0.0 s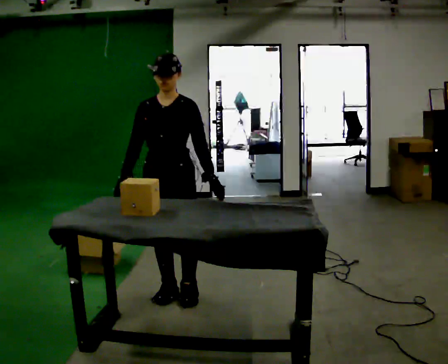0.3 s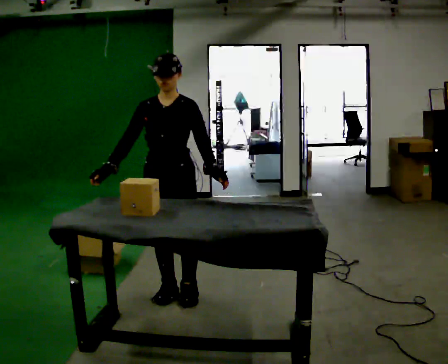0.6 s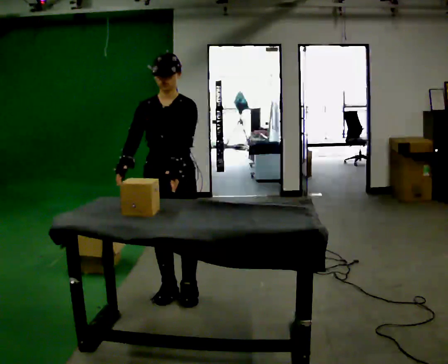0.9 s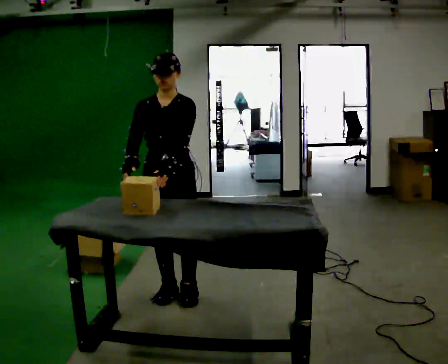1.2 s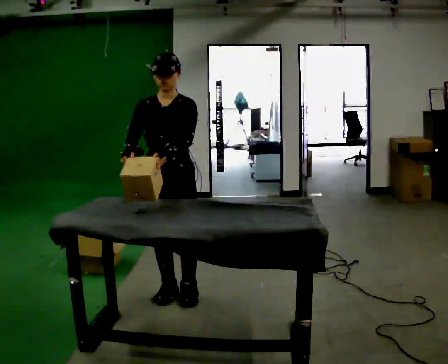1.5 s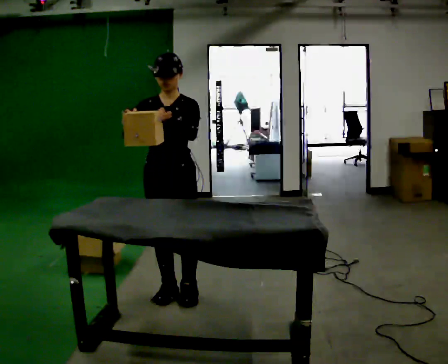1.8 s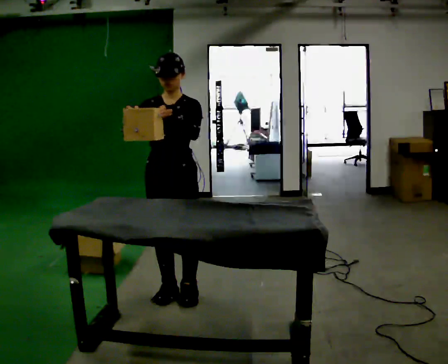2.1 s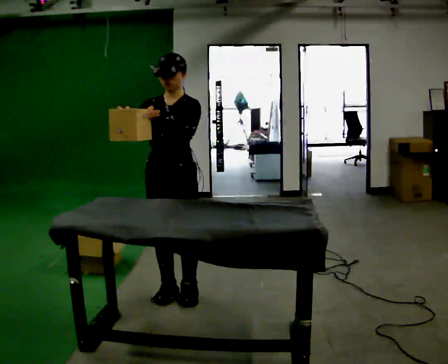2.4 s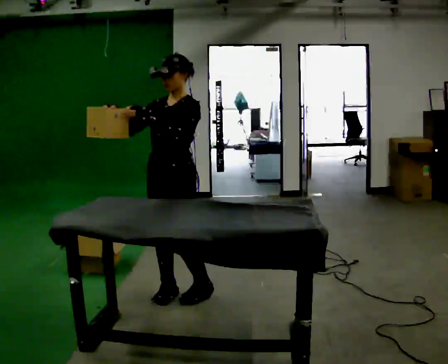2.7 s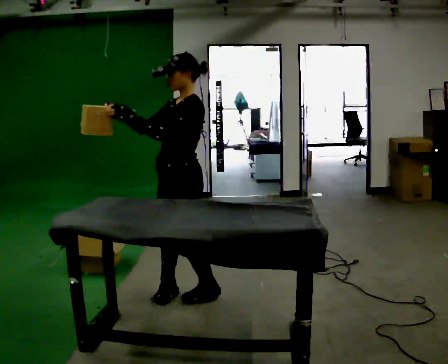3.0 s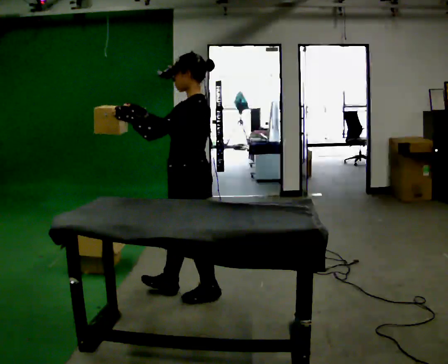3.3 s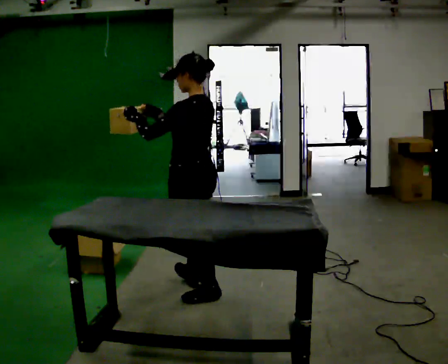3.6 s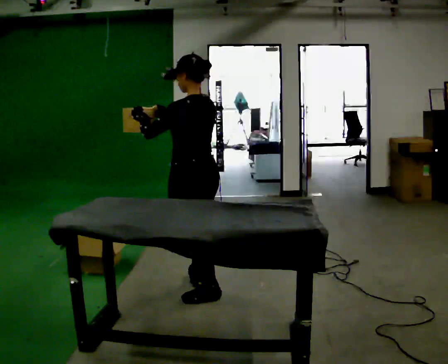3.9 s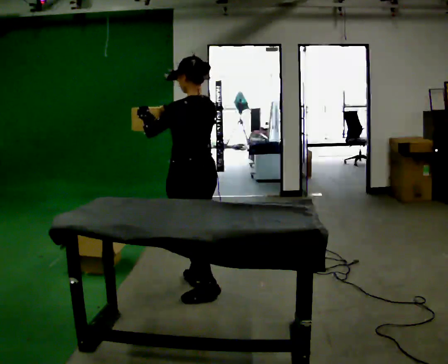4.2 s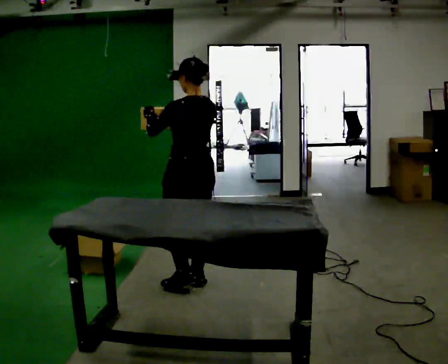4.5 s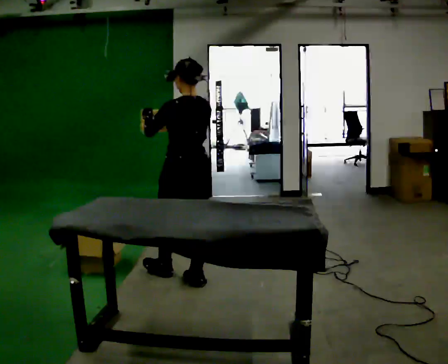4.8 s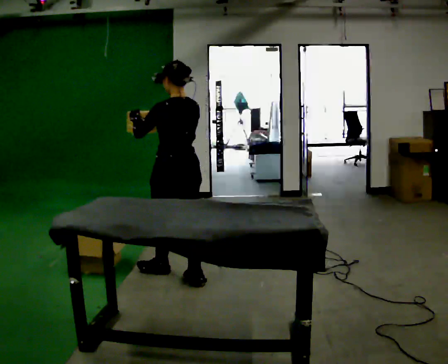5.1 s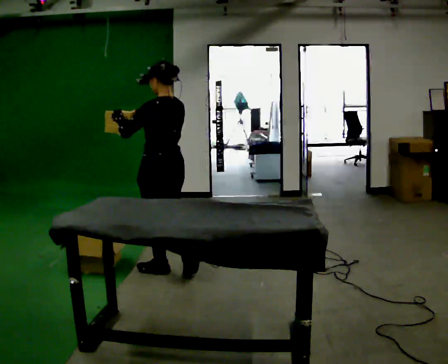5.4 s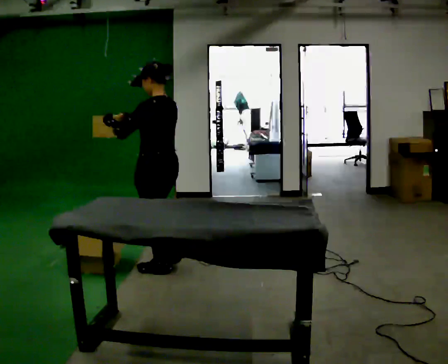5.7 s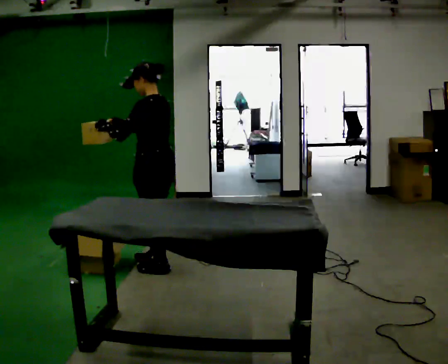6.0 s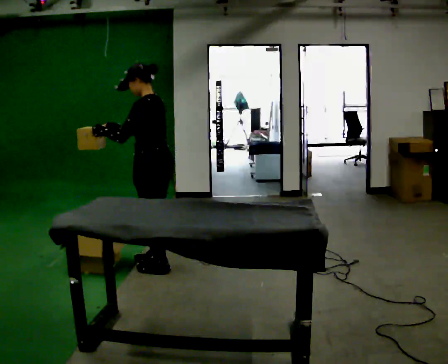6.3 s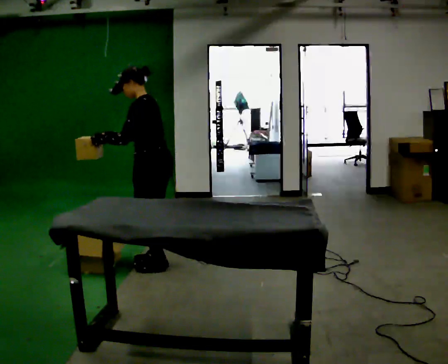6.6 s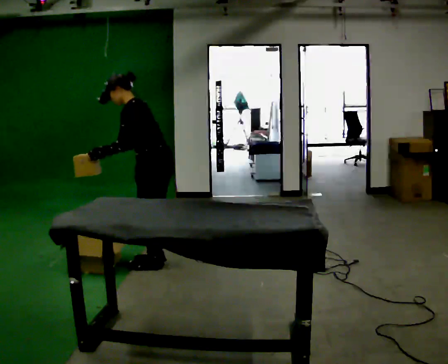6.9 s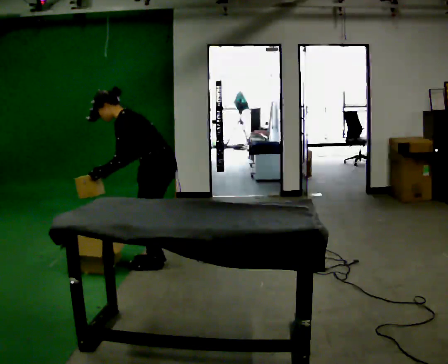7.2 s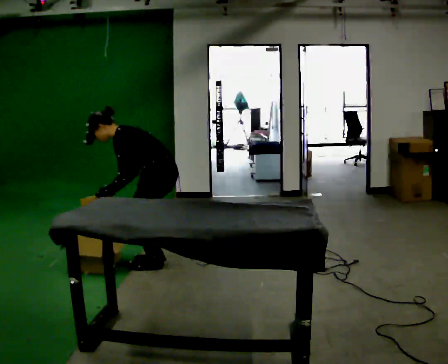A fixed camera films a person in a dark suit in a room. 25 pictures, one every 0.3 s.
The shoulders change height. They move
downward.
0.0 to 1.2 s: The person moves a little, or ends about where they began.
1.2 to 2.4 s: Seen from above the body turns clockwise, about 30 degrees: to their right, with its near side sliding to the left.
2.4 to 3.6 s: Seen from above the body turns clockwise, about 90 degrees: to their right, with its near side sliding to the left.
3.6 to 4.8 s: In the picture they go away from the camera, about 0.25 m in 1 step, which for them is forward.
4.8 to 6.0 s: The person turns about 45 degrees to their left, counterclockwise seen from above, so the part of the body nearest the lens slides to the right. In the picture they go away from the camera and to the left, about 0.25 m in 1 step, which for them is forward.
6.0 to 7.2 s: The shoulders move downward. In the picture the upper body tilts counterclockwise, shoulders to the left, as they bend forward. In the picture their right hand goes downward.
The film runs forward here.
